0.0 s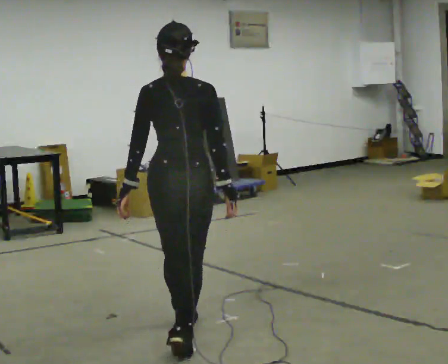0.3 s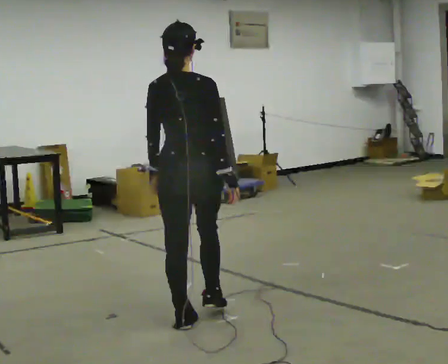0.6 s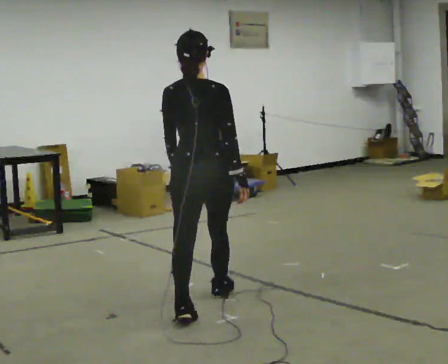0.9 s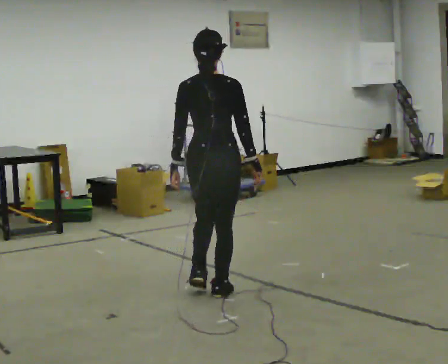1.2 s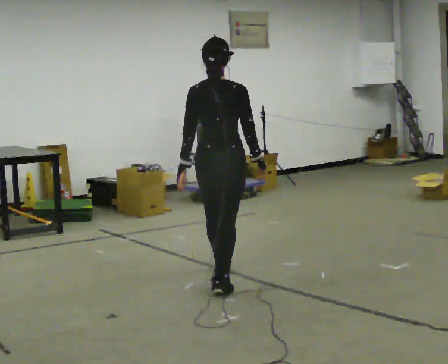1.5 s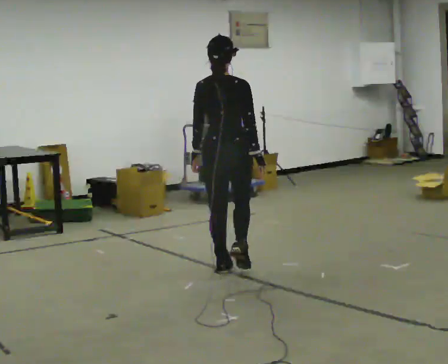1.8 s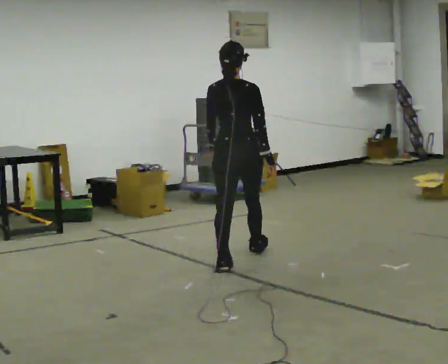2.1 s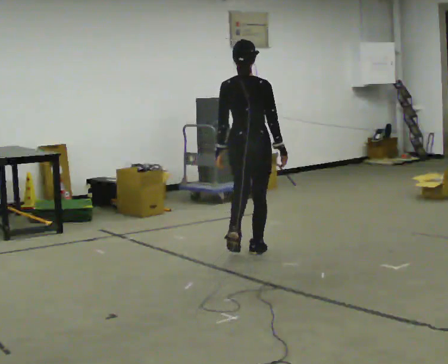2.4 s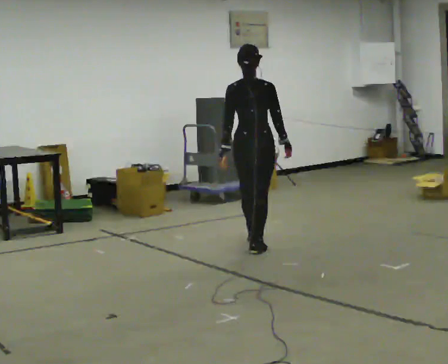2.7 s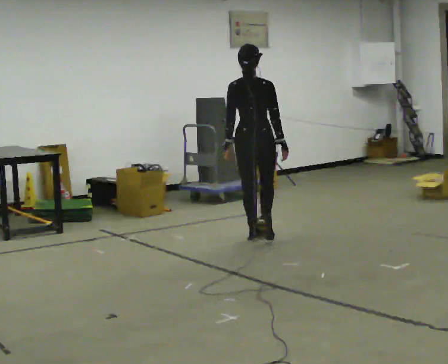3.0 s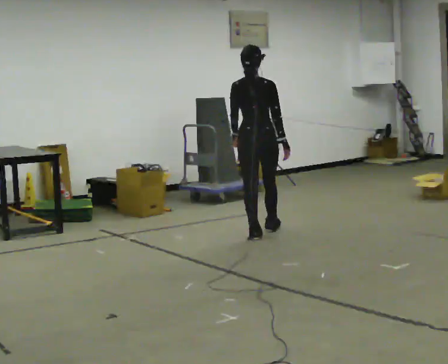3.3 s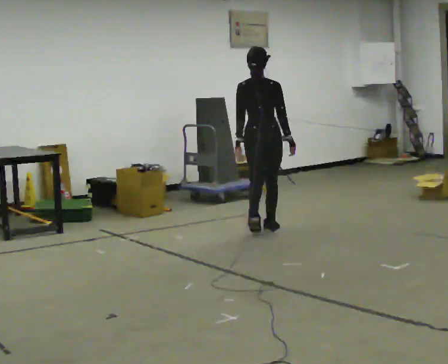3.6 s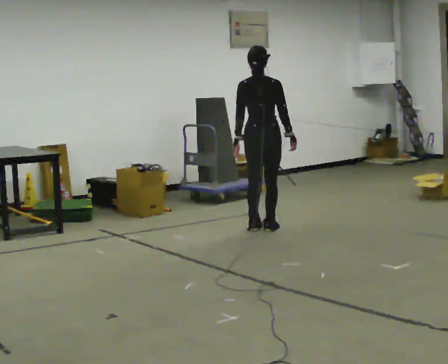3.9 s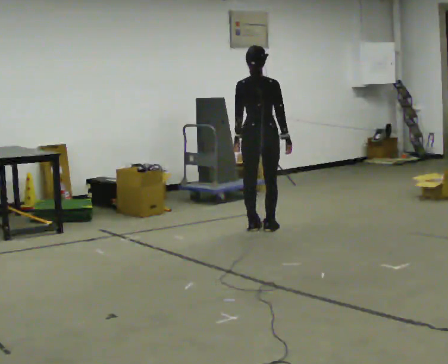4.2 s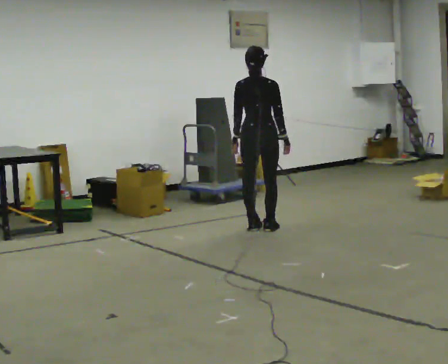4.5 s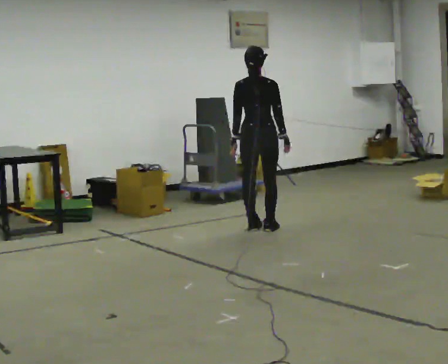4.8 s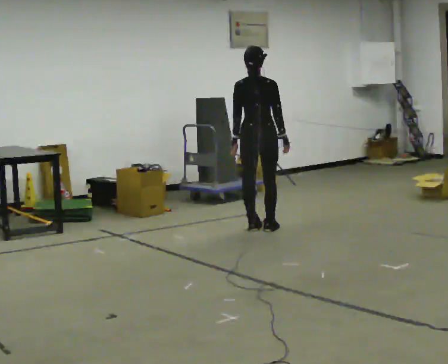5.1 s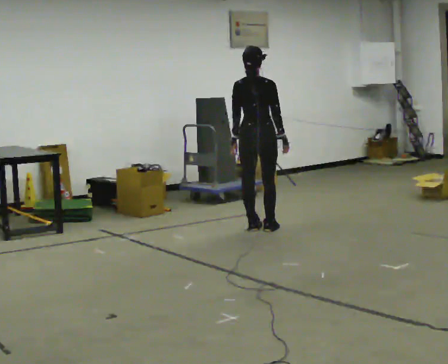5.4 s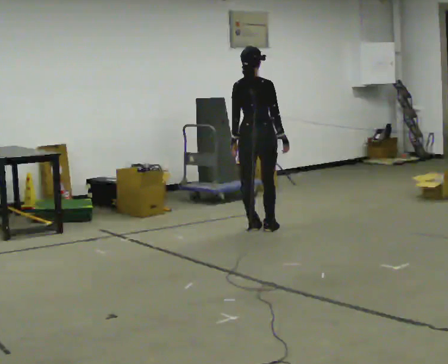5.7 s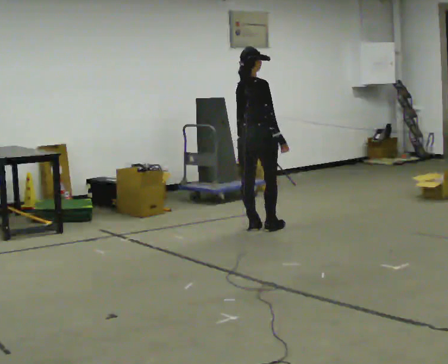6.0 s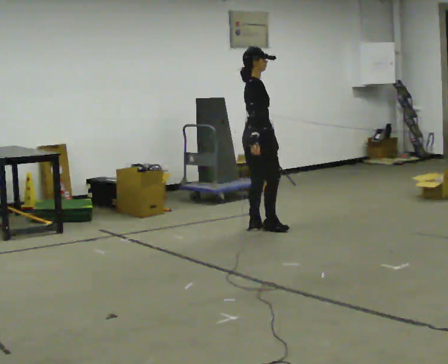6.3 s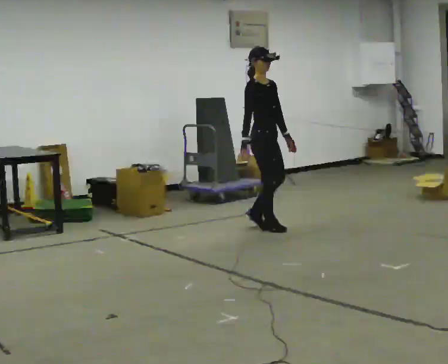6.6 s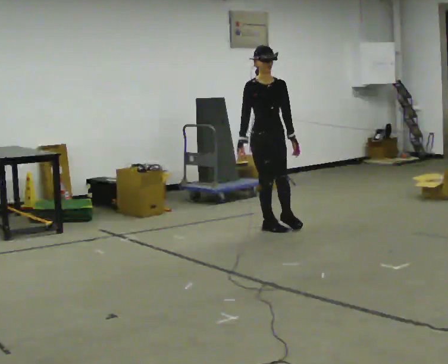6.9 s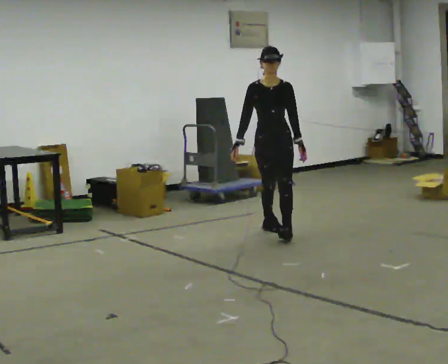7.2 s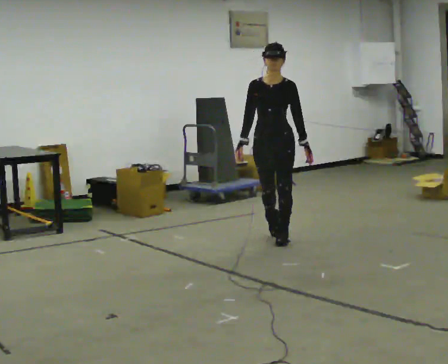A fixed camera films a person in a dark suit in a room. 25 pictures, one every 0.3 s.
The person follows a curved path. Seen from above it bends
clockwise.
0.0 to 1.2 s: In the picture they go away from the camera, about 1 m in 2 steps, which for them is forward.
1.2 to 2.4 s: In the picture they go away from the camera, about 1 m in 1 step, which for them is forward.
2.4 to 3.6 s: In the picture they go away from the camera, about 0.5 m in 3 steps, which for them is forward.
3.6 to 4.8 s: The person moves a little, or ends about where they began.
4.8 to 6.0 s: Seen from above the body turns clockwise, about 75 degrees: to their right, with its near side sliding to the left.
6.0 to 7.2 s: The person turns about 120 degrees to their right, clockwise seen from above, so the part of the body nearest the lens slides to the left. In the picture they go toward the camera, about 0.5 m in 1 step.
The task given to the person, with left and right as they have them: Walk forward while moving diagonally left/right; finish ~45° from start direction.
The film runs forward here.
